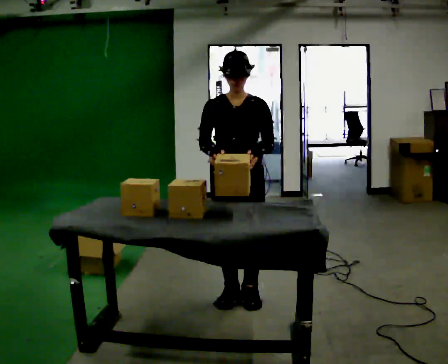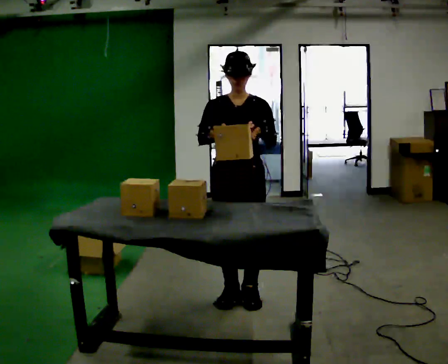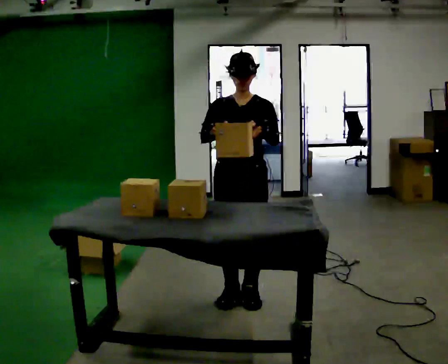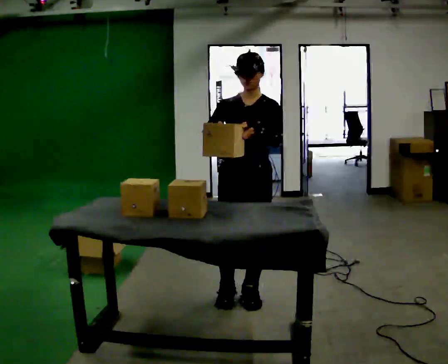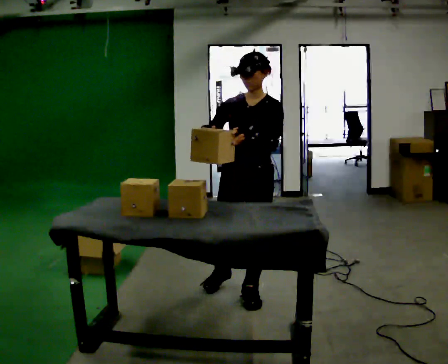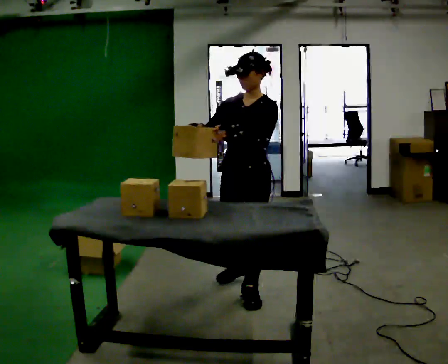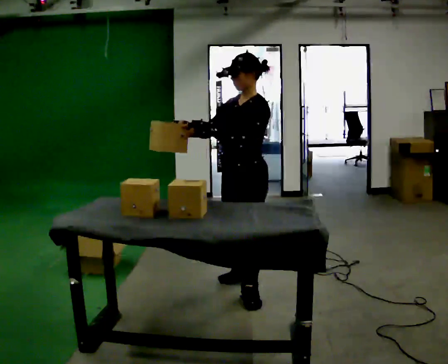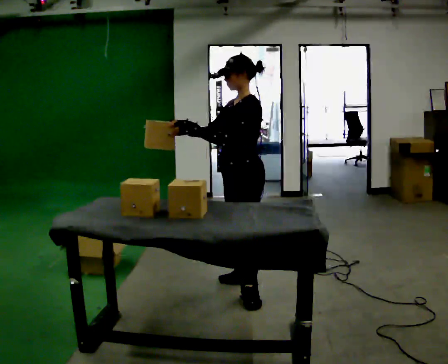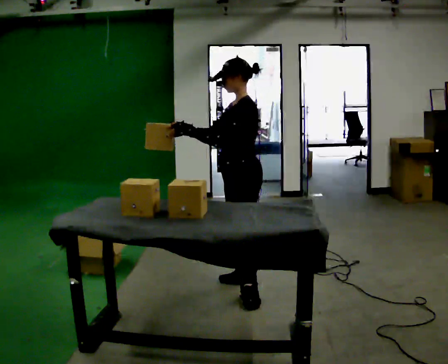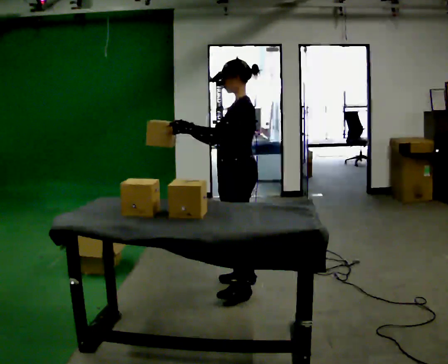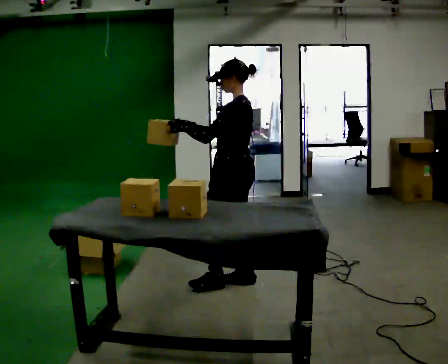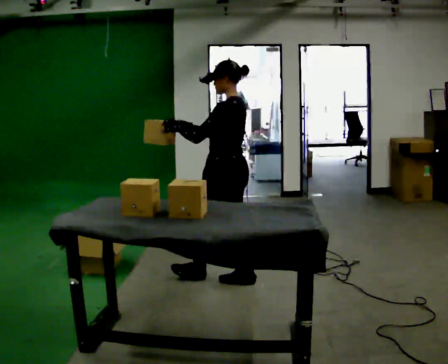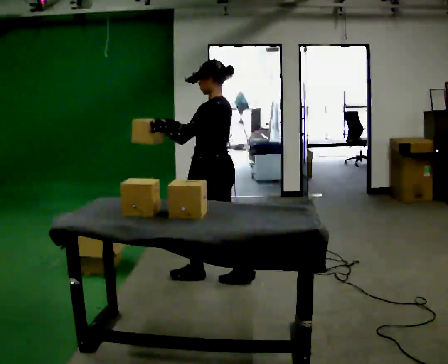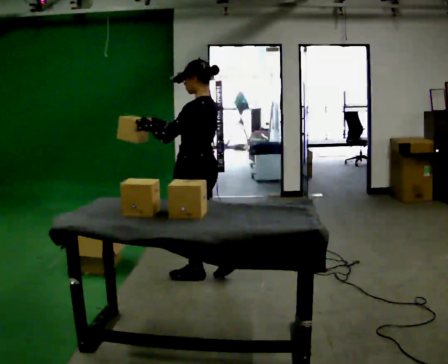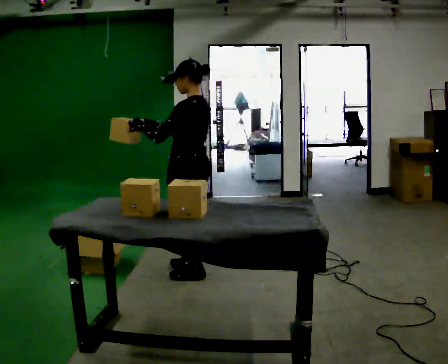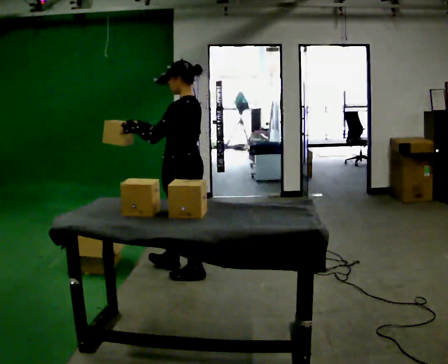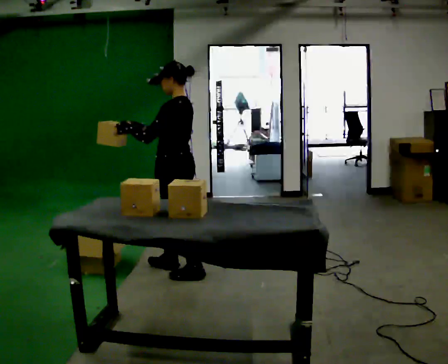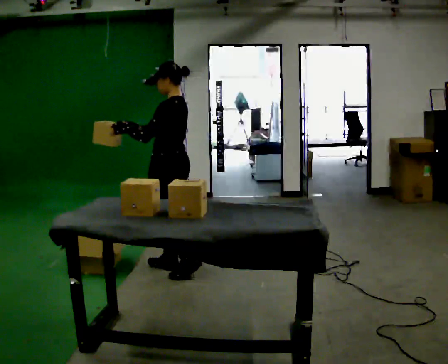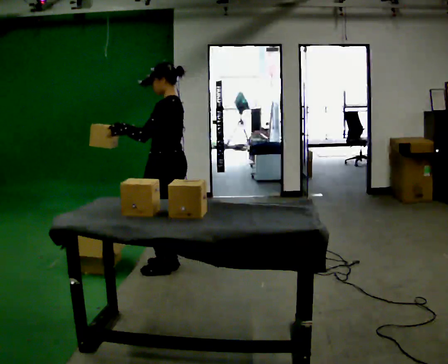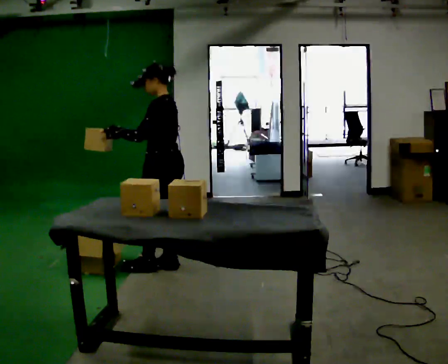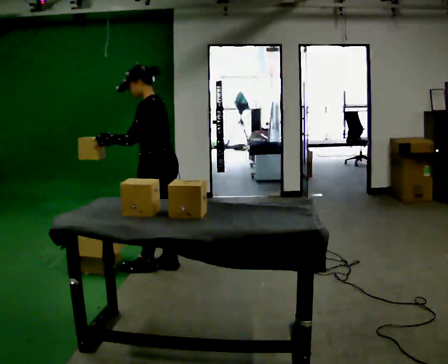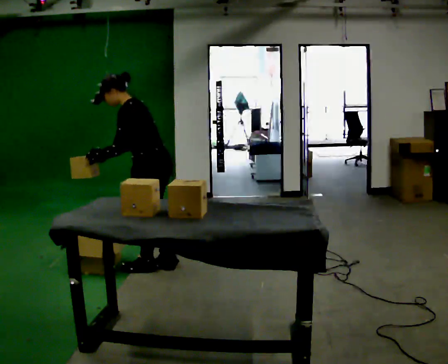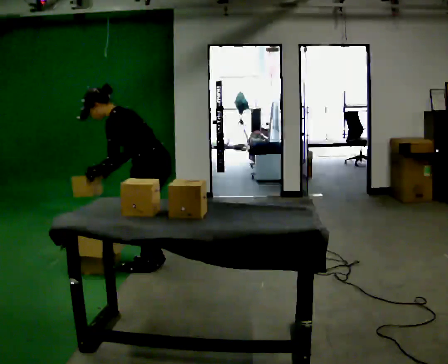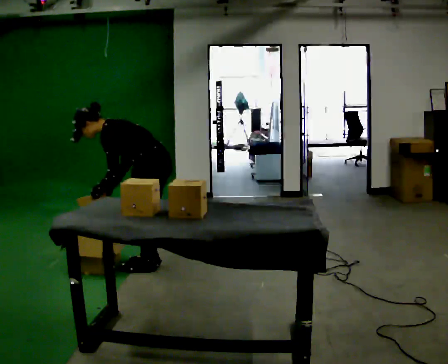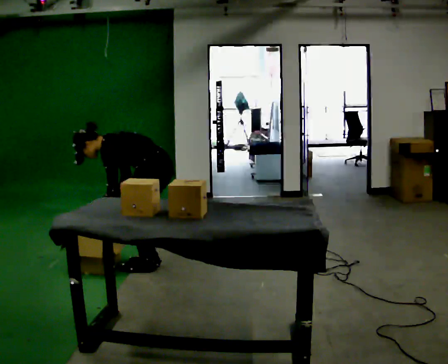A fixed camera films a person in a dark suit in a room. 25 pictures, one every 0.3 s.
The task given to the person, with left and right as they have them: Take an object out of the bin at knee height, carry it across the room, and place it on the chest-height shelf. Keep going until the operator says stop; one object at a time, and do not rush between trips.
0.0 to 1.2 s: The person moves a little, or ends about where they began.
1.2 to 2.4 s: Seen from above the body turns clockwise, about 60 degrees: to their right, with its near side sliding to the left. In the picture they go away from the camera, about 0.25 m in 1 step, which for them is to their right.
2.4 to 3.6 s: Seen from above the body turns clockwise, about 30 degrees: to their right, with its near side sliding to the left. In the picture they go to the left, about 0.25 m in 1 step, which for them is forward.
3.6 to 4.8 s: In the picture they go to the left and away from the camera, about 0.25 m in 1 step, which for them is forward.
4.8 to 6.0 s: The person moves a little, or ends about where they began.
6.0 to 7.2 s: The upper body goes downward. In the picture the upper body tilts counterclockwise, shoulders to the left, as they bend forward. In the picture their left hand goes downward.
The film runs forward here.
